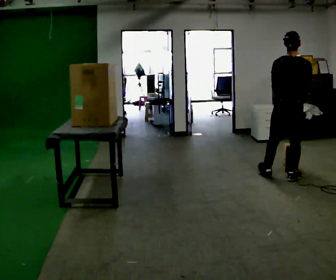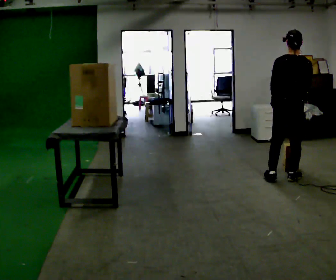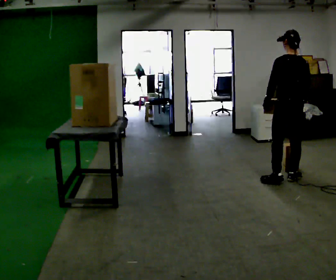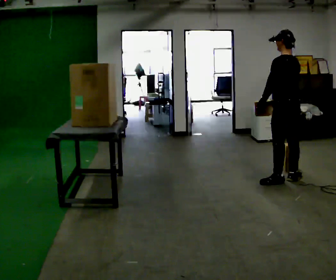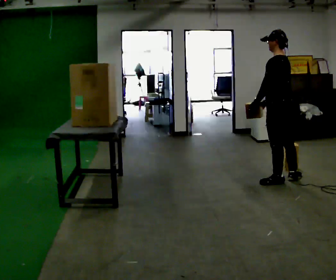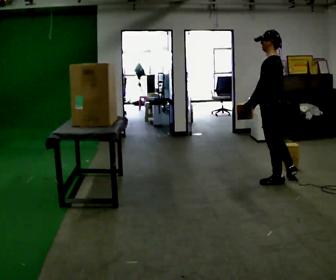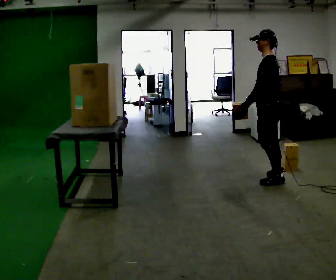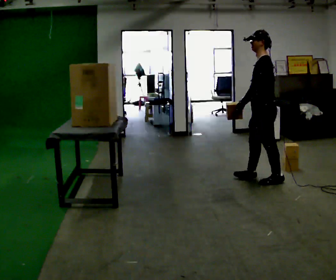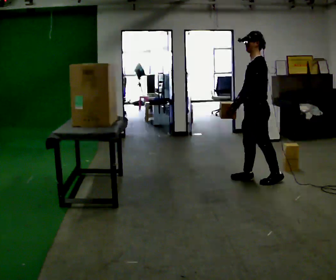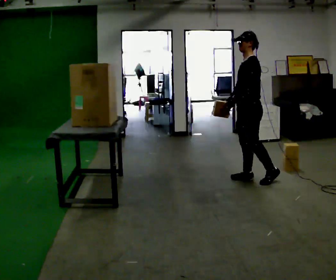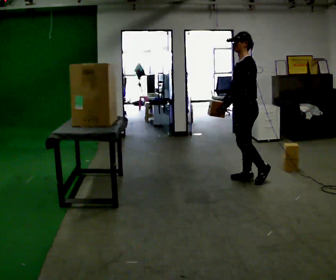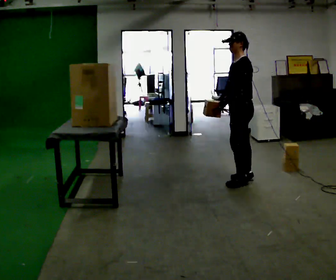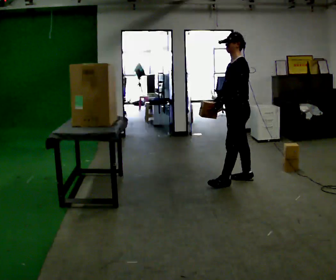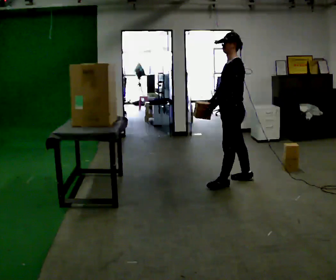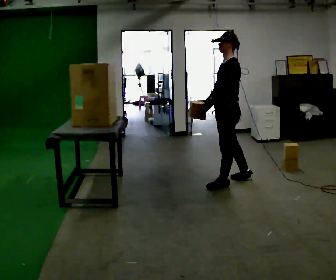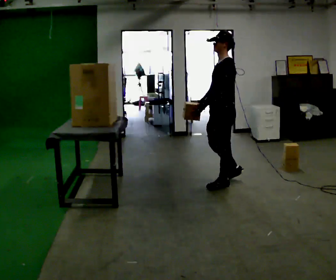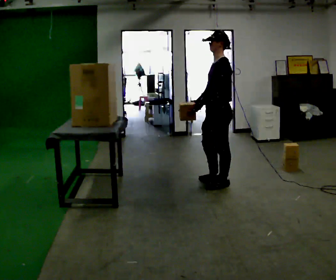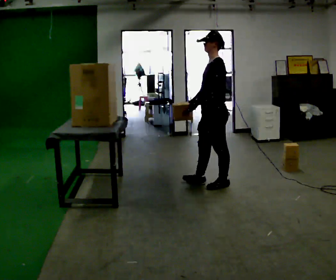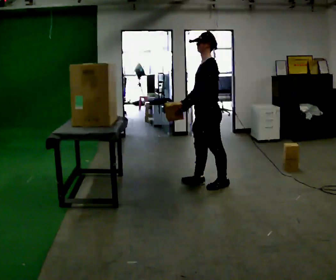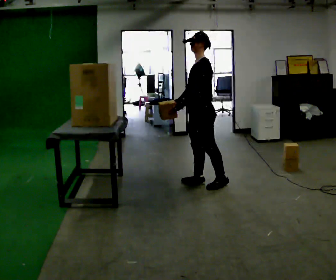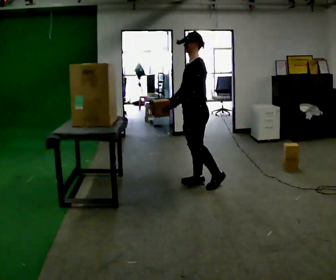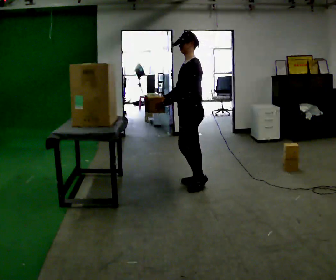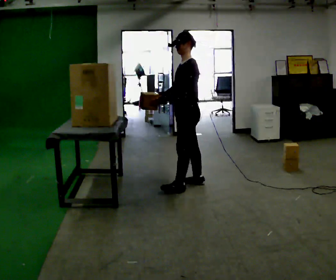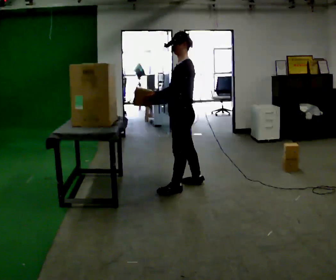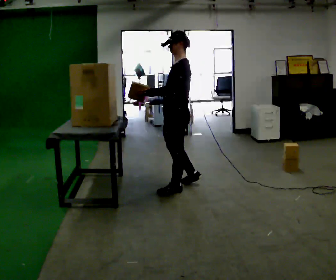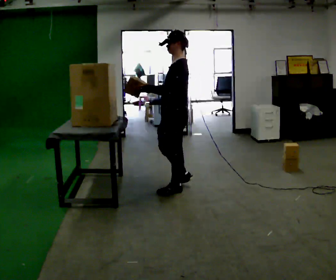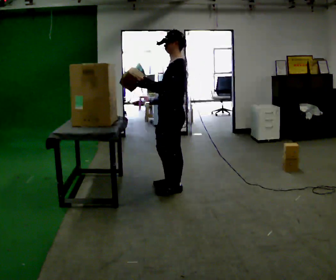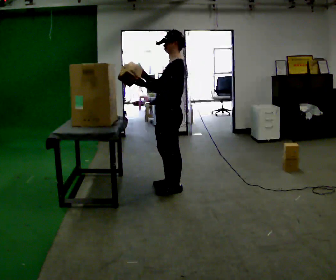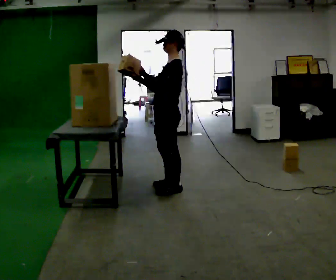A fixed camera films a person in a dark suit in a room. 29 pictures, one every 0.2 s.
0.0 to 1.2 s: The part of the body nearest the lens slides to the right as the person turns to their left by about 90 degrees. In the picture they go to the left, about 0.25 m in 1 step. In the picture their left hand goes to the left.
1.2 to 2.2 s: Seen from above the body turns counterclockwise, about 30 degrees: to their left, with its near side sliding to the right. In the picture they go to the left and away from the camera, about 0.25 m in 1 step, which for them is forward and to their right.
2.2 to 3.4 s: In the picture they go to the left and toward the camera, about 0.25 m in 2 steps, which for them is forward.
3.4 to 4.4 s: In the picture they go to the left, about 0.25 m, which for them is forward and to their right.
4.4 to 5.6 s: In the picture they go toward the camera and to the left, about 0.25 m in 2 steps, which for them is forward and to their left.
The film runs forward here.
